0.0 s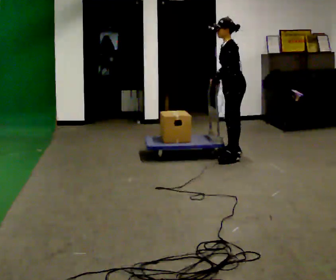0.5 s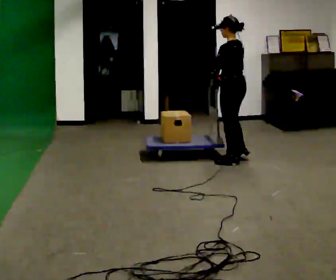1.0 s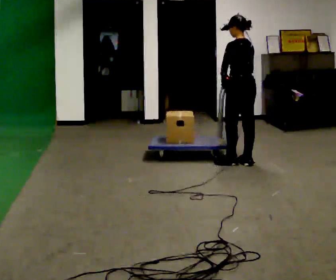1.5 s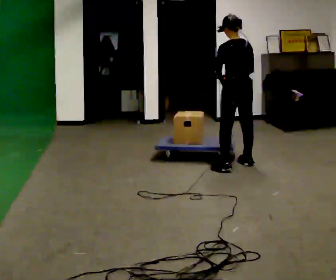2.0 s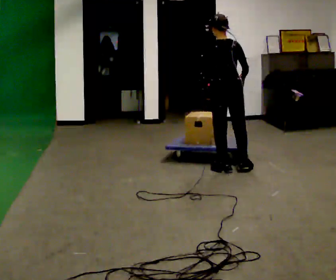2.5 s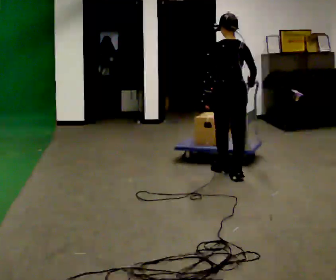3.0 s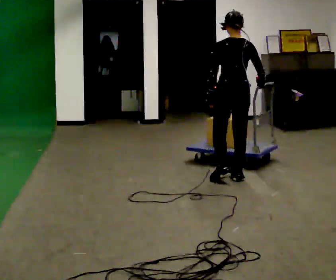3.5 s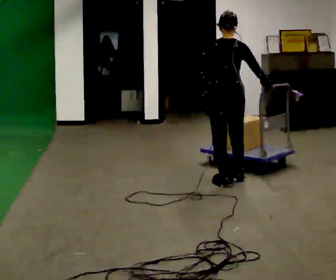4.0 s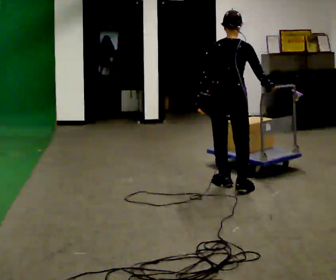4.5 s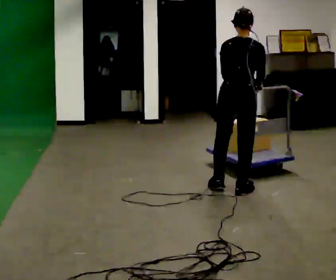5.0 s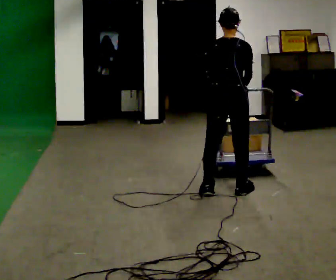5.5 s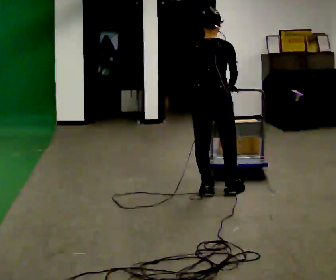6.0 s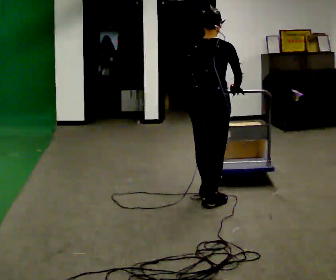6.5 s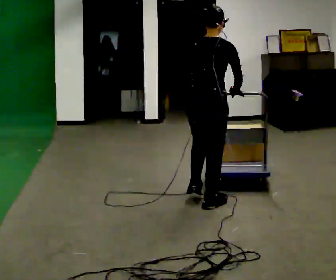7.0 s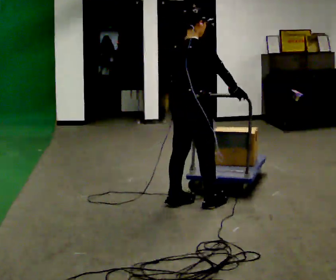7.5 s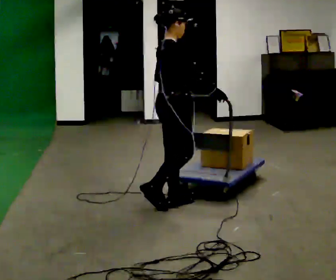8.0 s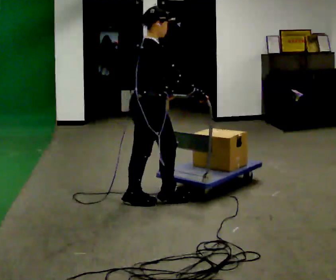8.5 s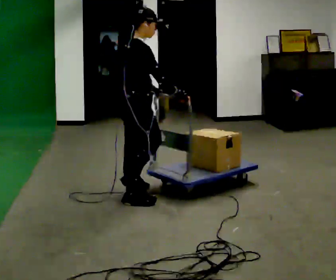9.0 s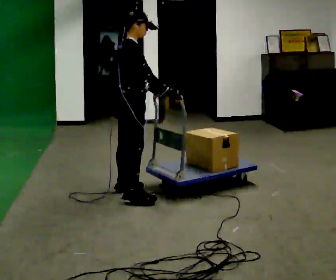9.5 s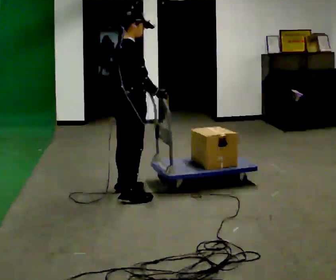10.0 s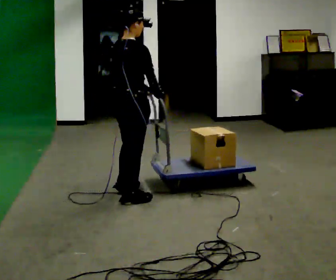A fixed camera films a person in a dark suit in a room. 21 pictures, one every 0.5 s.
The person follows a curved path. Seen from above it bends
clockwise.
The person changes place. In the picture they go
toward the camera.
0.0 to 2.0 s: The person turns about 90 degrees to their right, clockwise seen from above, so the part of the body nearest the lens slides to the left. In the picture they go toward the camera, about 0.5 m in 3 steps.
2.0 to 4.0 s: The person turns about 30 degrees to their right, clockwise seen from above, so the part of the body nearest the lens slides to the left. In the picture they go toward the camera, about 0.5 m in 2 steps, which for them is backward.
4.0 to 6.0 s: In the picture they go toward the camera, about 0.5 m in 2 steps, which for them is backward.
6.0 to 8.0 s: The part of the body nearest the lens slides to the left as the person turns to their right by about 60 degrees. In the picture they go to the left and toward the camera, about 0.5 m in 3 steps.
8.0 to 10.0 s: The part of the body nearest the lens slides to the right as the person turns to their left by about 45 degrees. In the picture their right hand goes to the left.
The film runs backward here.
